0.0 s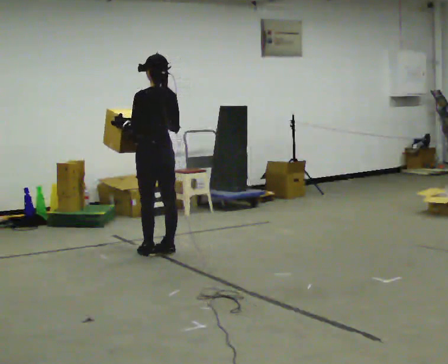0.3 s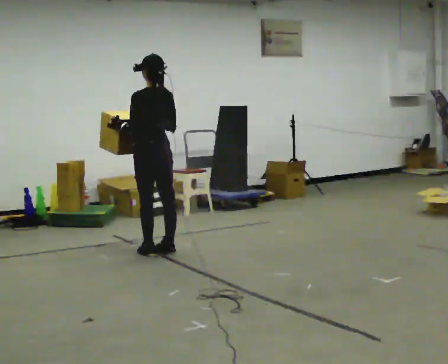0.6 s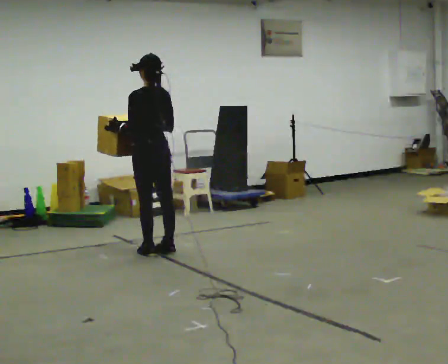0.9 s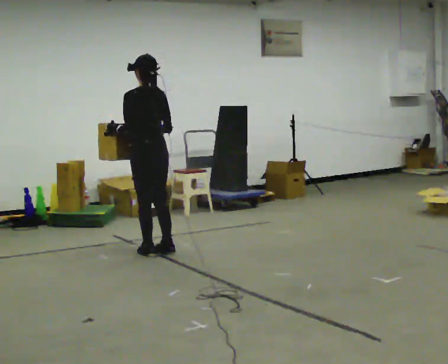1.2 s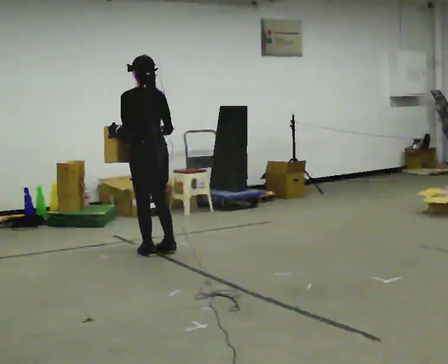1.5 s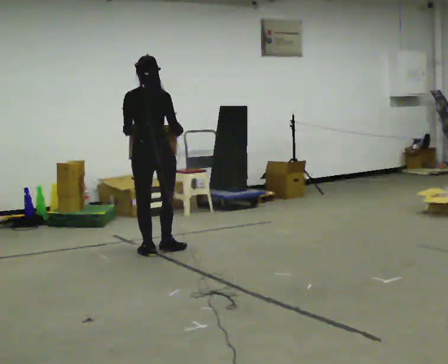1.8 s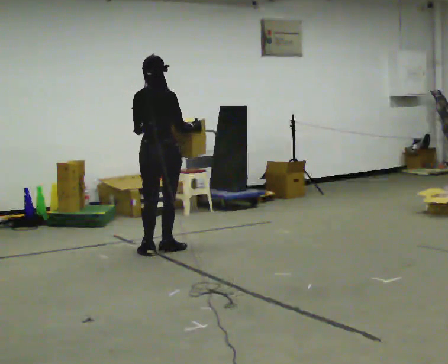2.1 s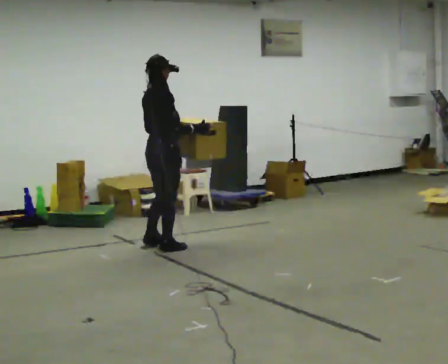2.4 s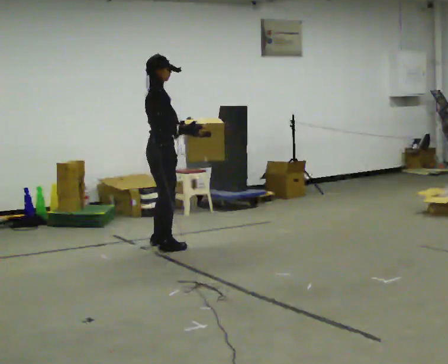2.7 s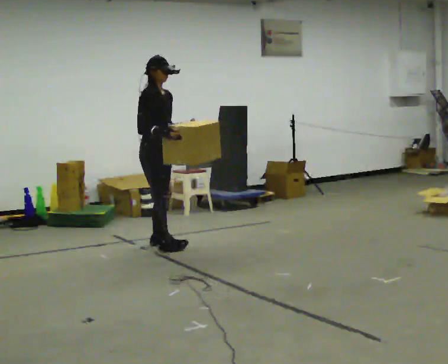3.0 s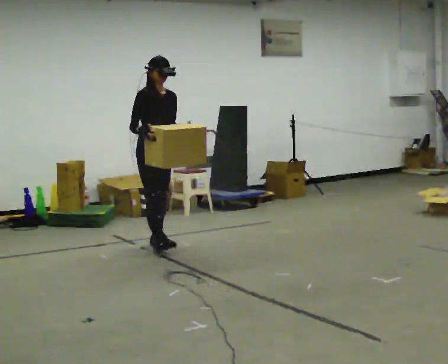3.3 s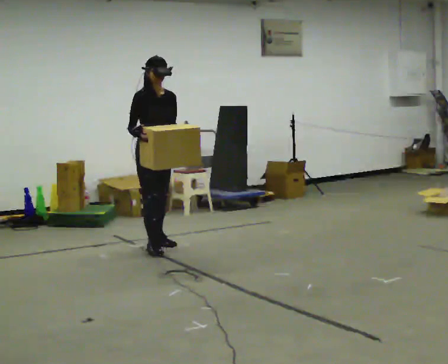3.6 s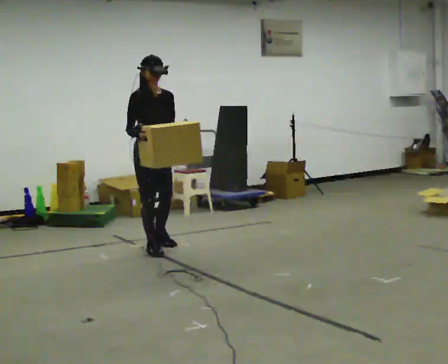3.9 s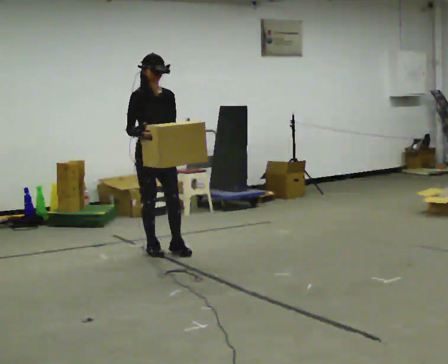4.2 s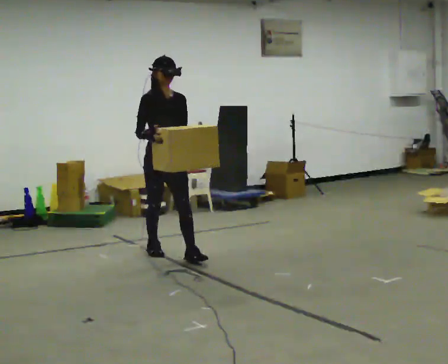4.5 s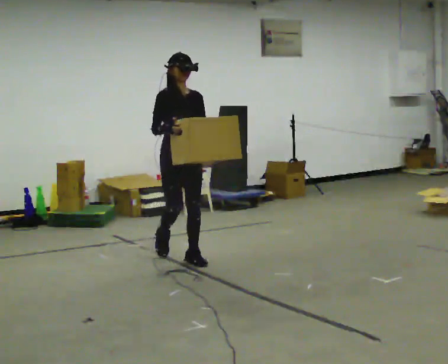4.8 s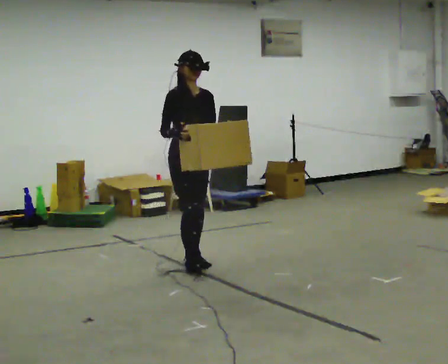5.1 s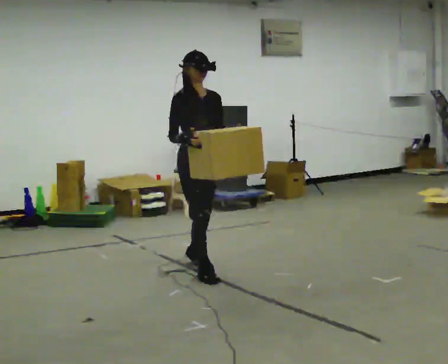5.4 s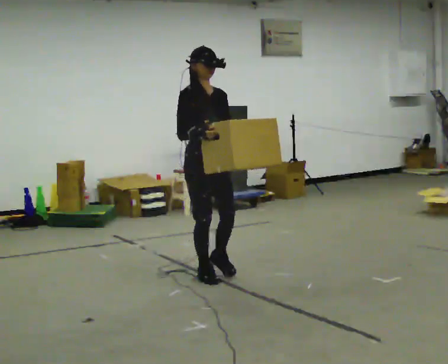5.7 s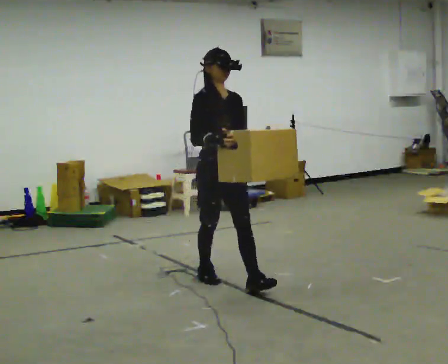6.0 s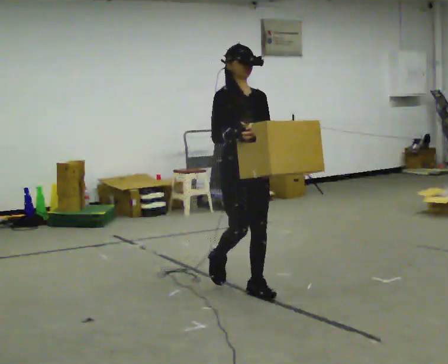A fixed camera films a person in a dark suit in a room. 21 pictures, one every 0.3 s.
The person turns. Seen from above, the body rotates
clockwise.
The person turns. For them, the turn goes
to their right.
0.0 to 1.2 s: The person moves a little, or ends about where they began.
1.2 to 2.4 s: Seen from above the body turns clockwise, about 105 degrees: to their right, with its near side sliding to the left. In the picture they go away from the camera, about 0.25 m in 1 step.
2.4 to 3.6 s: The part of the body nearest the lens slides to the left as the person turns to their right by about 60 degrees. In the picture their right hand goes to the left.
3.6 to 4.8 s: In the picture they go toward the camera and to the right, about 0.5 m in 1 step, which for them is forward.
4.8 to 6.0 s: In the picture they go toward the camera, about 1 m in 2 steps, which for them is forward.
The film runs forward here.
